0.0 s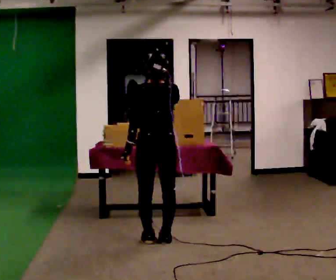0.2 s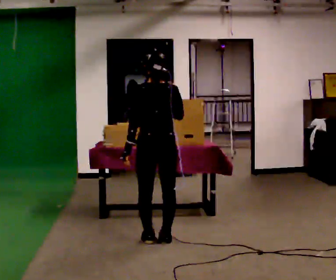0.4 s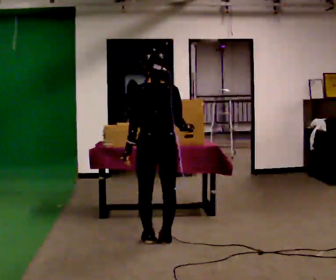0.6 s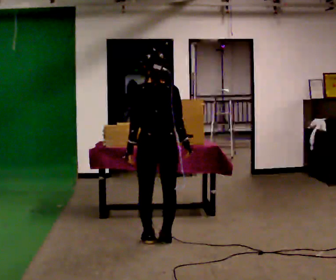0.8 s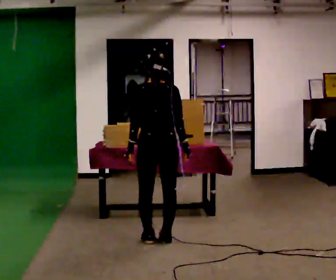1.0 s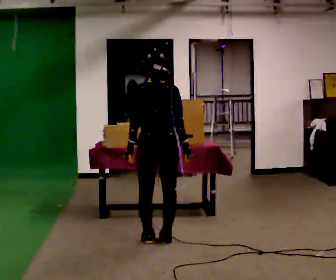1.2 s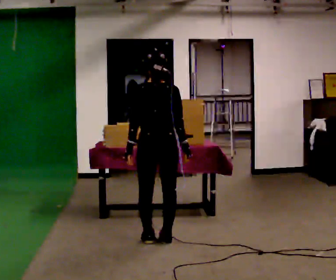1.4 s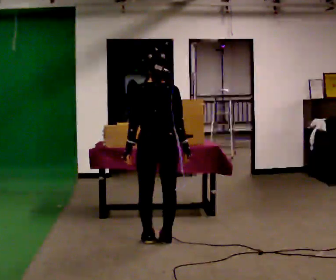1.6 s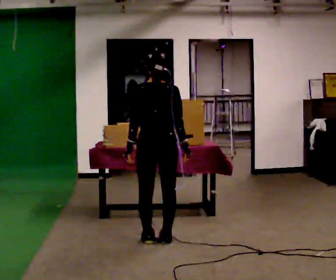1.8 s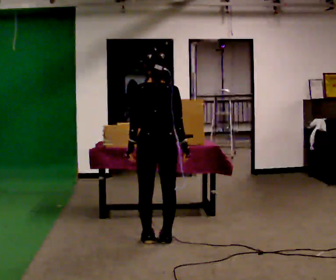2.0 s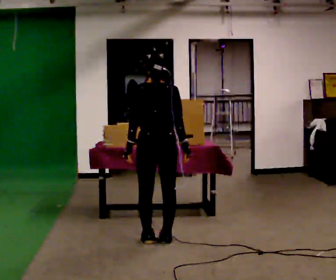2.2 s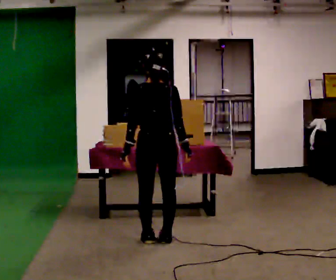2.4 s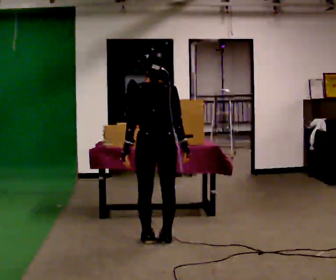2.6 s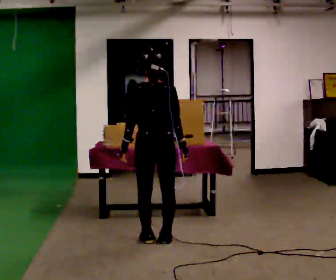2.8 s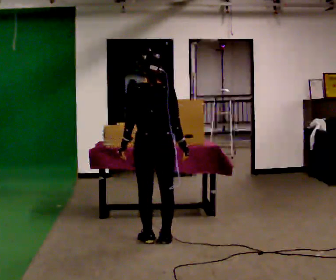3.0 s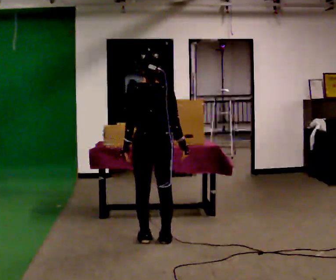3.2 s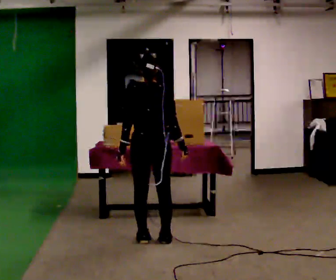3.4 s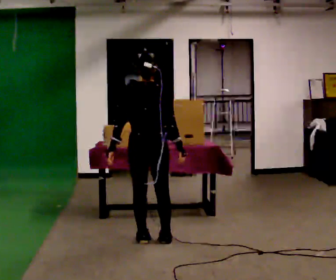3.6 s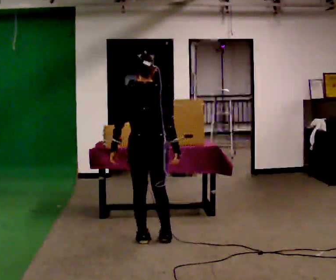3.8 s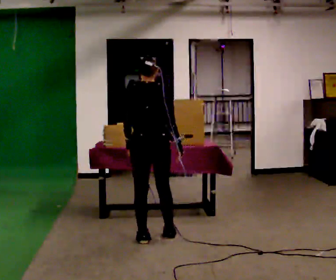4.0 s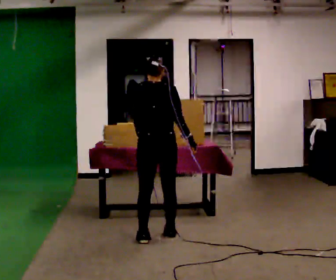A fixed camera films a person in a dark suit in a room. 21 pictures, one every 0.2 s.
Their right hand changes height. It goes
downward.
0.0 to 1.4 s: In the picture their right hand goes downward.
1.4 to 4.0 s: The person moves a little, or ends about where they began.
The film runs backward here.
